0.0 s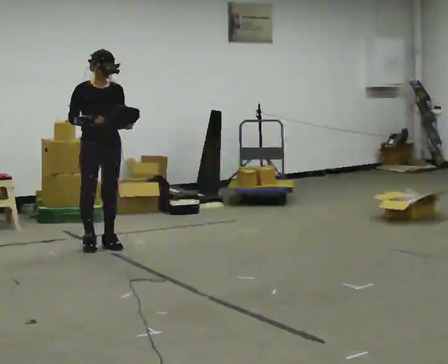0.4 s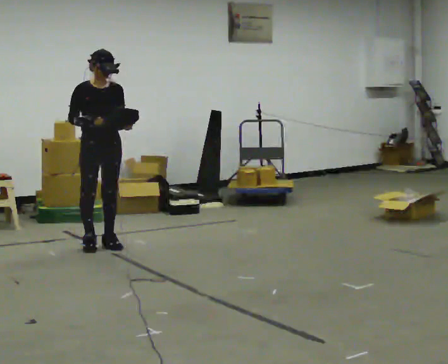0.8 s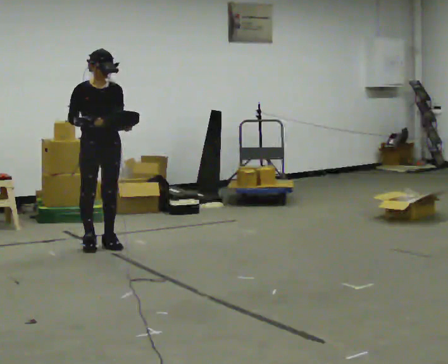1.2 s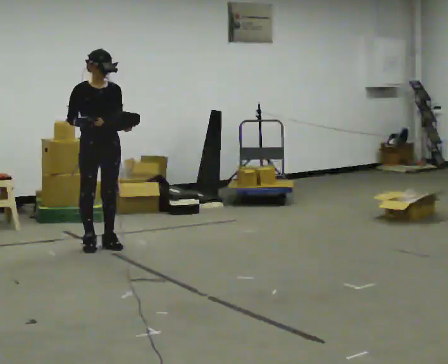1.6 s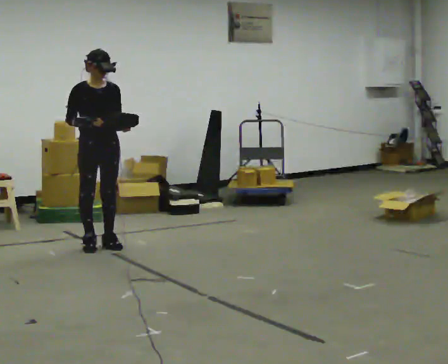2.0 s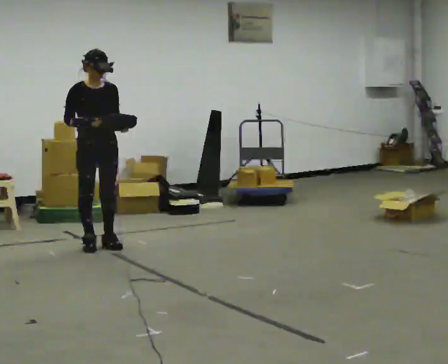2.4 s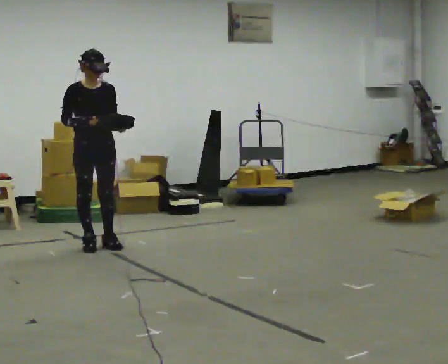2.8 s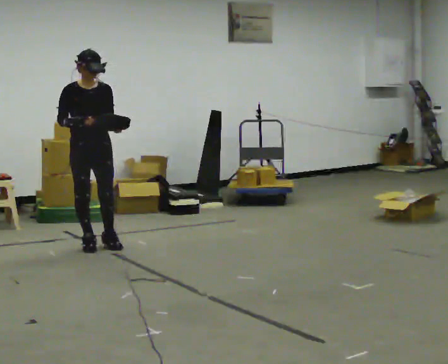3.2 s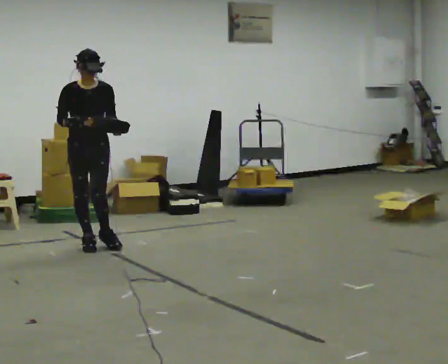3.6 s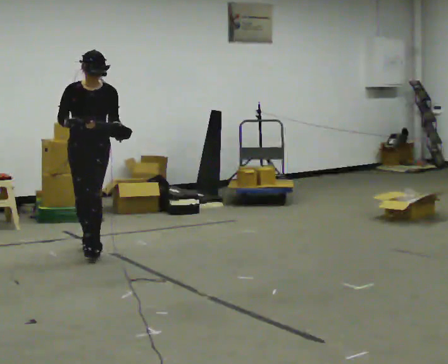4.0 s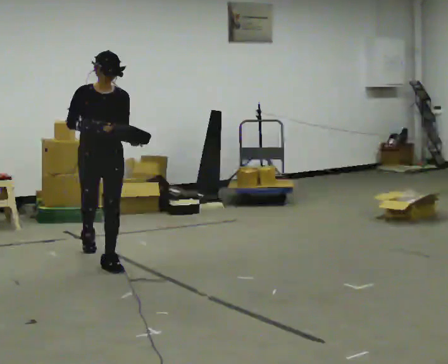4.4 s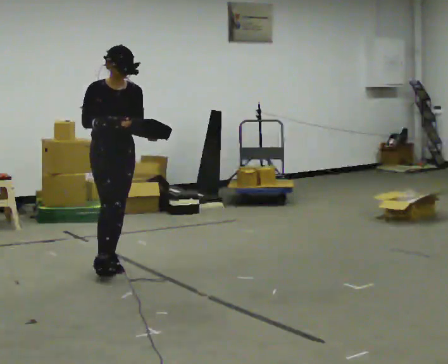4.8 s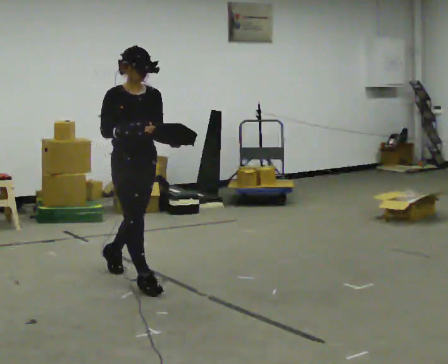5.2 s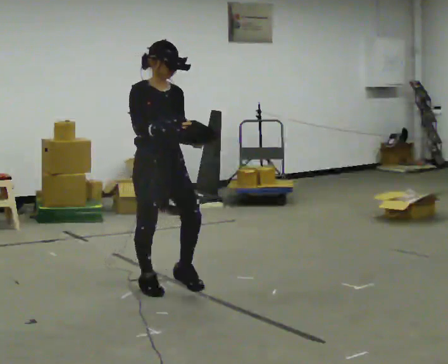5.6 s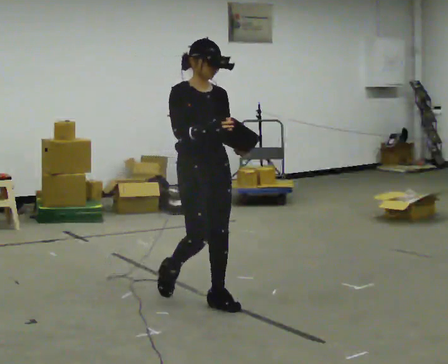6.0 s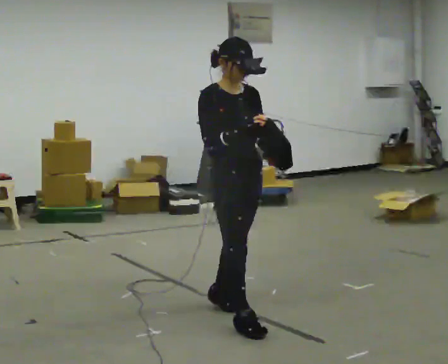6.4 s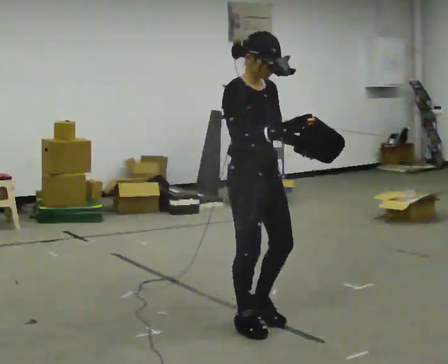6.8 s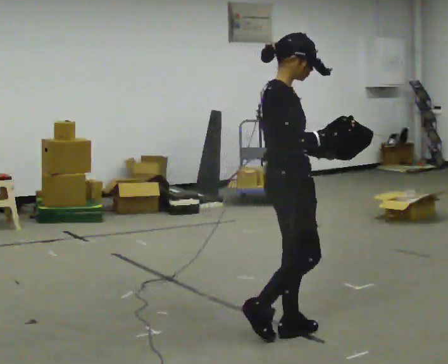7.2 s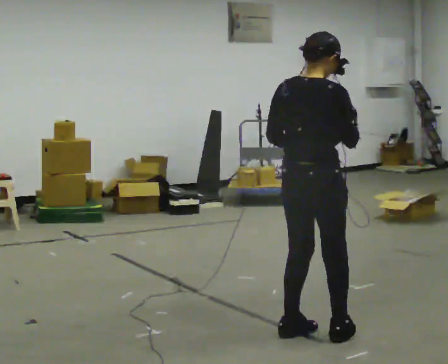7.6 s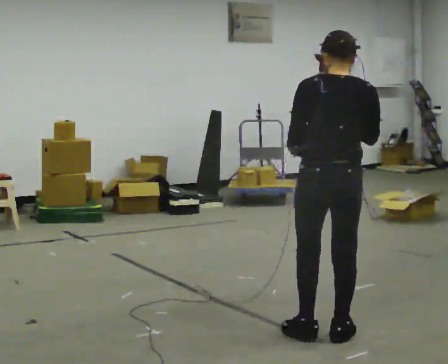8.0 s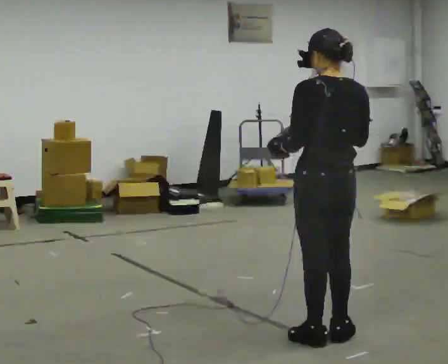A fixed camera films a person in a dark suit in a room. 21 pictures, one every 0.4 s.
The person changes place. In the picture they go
toward the camera.
0.0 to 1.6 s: The person keeps their place and pose.
1.6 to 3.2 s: The person moves a little, or ends about where they began.
3.2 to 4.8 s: In the picture they go toward the camera, about 1 m in 2 steps, which for them is forward.
4.8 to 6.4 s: In the picture they go toward the camera and to the right, about 1 m in 2 steps, which for them is forward.
6.4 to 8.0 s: Seen from above the body turns counterclockwise, about 150 degrees: to their left, with its near side sliding to the right. In the picture they go to the right and toward the camera, about 0.5 m in 3 steps.
The film runs forward here.
